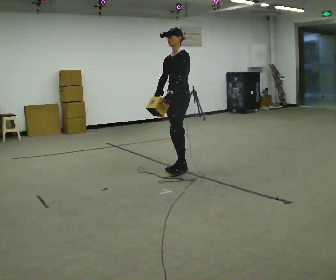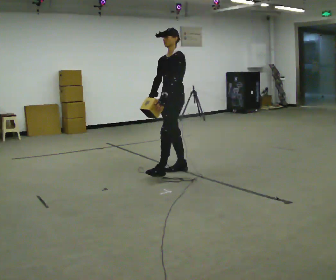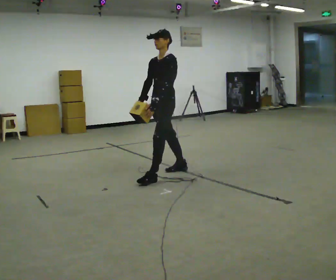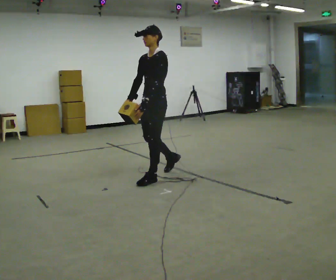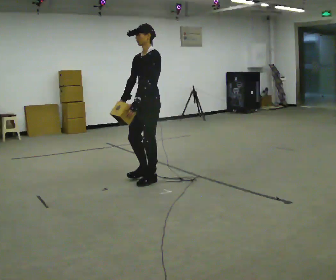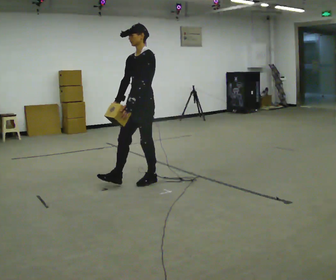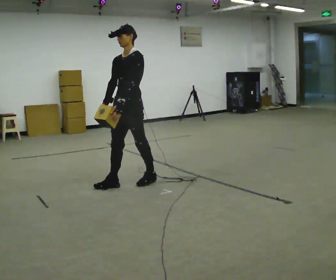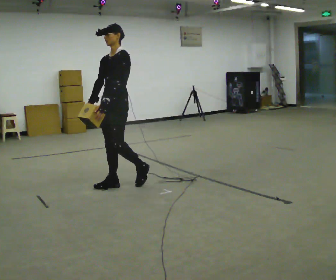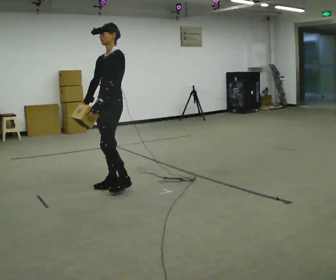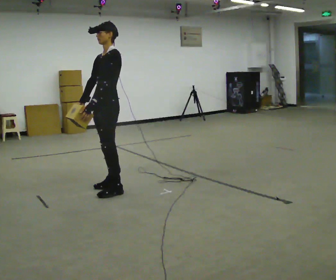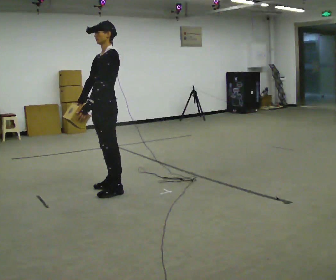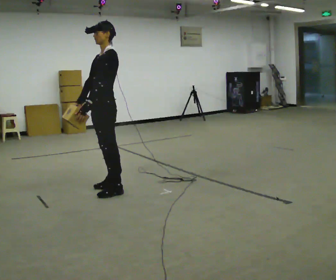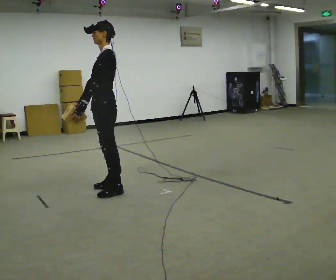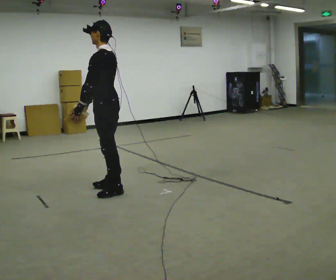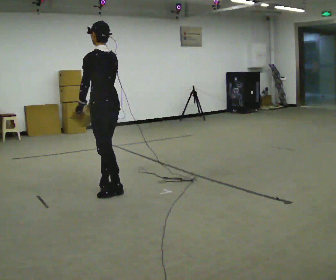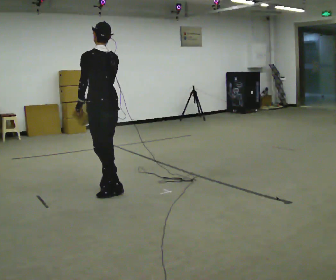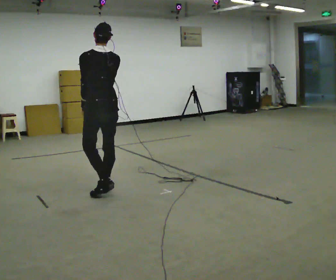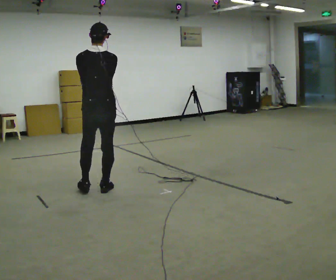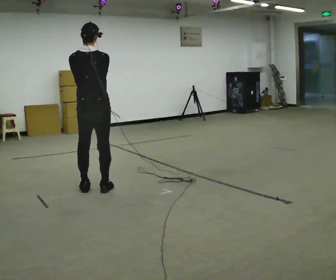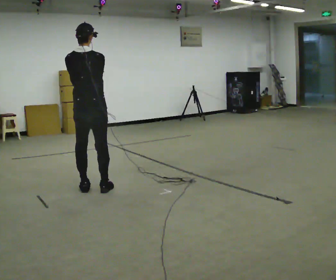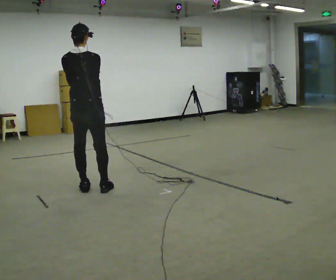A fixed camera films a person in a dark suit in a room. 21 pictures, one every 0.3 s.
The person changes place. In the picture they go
to the left.
The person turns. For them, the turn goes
to their right.
0.0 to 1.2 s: In the picture they go to the left and toward the camera, about 0.5 m in 1 step, which for them is forward.
1.2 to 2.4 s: In the picture they go to the left, about 0.5 m in 1 step, which for them is forward.
2.4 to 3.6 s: The part of the body nearest the lens slides to the left as the person turns to their right by about 30 degrees. In the picture they go toward the camera, about 0.25 m in 1 step, which for them is to their left.
3.6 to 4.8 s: The person turns about 75 degrees to their right, clockwise seen from above, so the part of the body nearest the lens slides to the left.
4.8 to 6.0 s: Seen from above the body turns clockwise, about 30 degrees: to their right, with its near side sliding to the left. In the picture they go to the left, about 0.25 m in 1 step, which for them is to their left.
The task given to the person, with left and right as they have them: Carry the light box in both hands in front of you, walking back and forth across the room. Keep walking until the operator says stop.
The film runs forward here.
